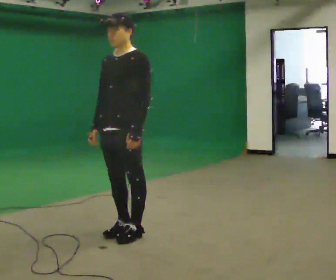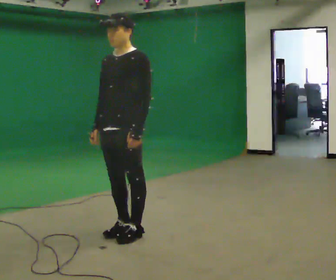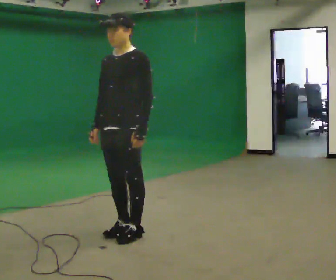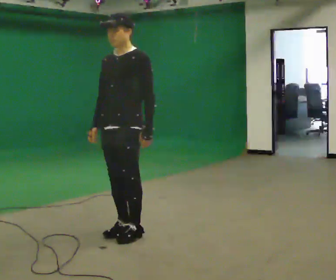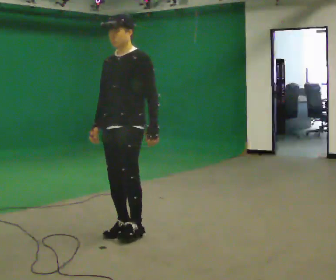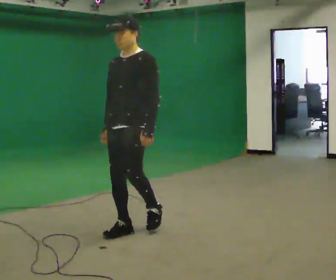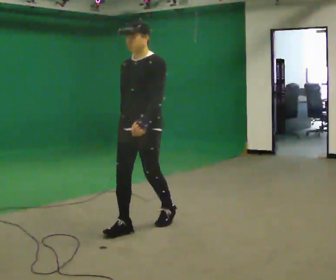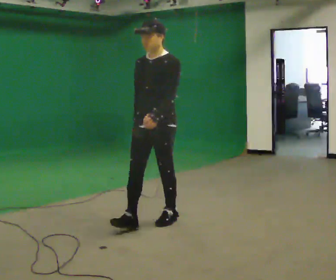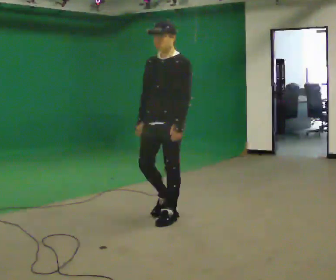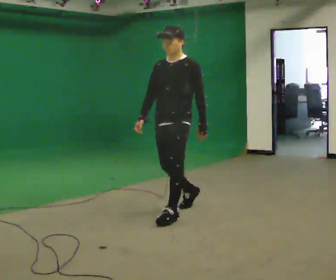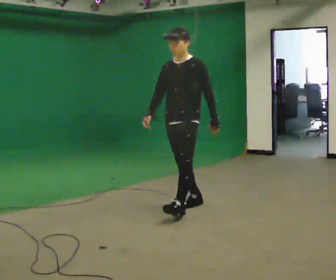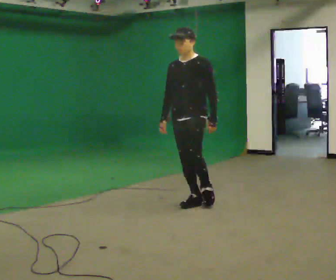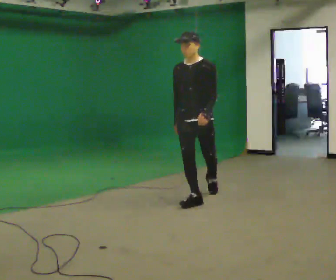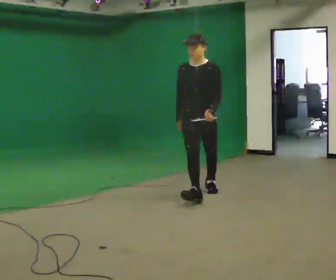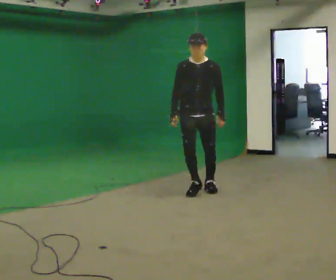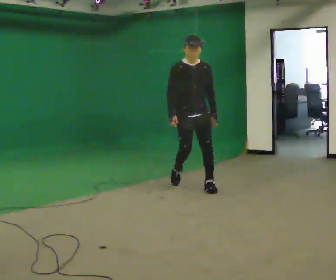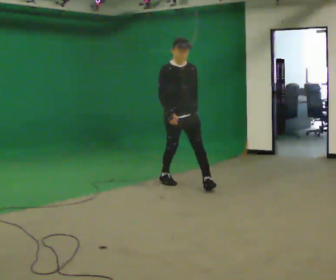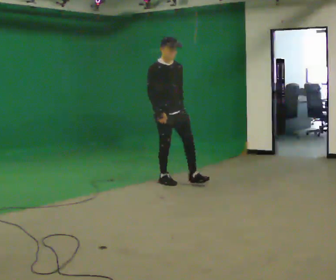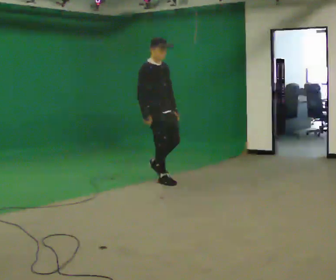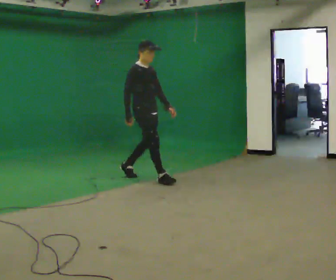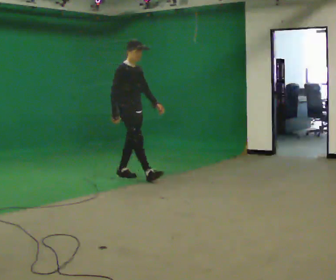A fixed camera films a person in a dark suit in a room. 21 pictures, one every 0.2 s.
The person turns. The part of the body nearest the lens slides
to the right.
The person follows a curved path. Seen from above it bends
counterclockwise.
0.0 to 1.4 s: In the picture they go away from the camera and to the right, about 0.5 m in 2 steps, which for them is backward.
1.4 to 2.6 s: In the picture they go away from the camera, about 1 m in 2 steps, which for them is backward.
2.6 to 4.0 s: The person turns about 75 degrees to their left, counterclockwise seen from above, so the part of the body nearest the lens slides to the right. In the picture they go away from the camera and to the left, about 1.5 m in 2 steps.
The film runs backward here.
